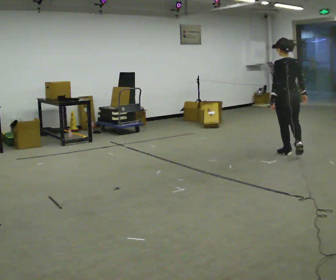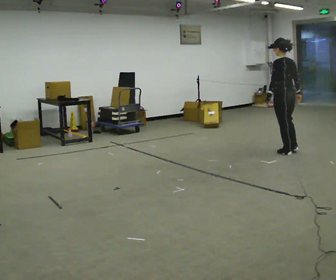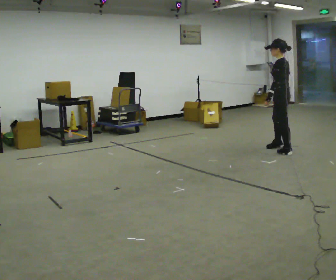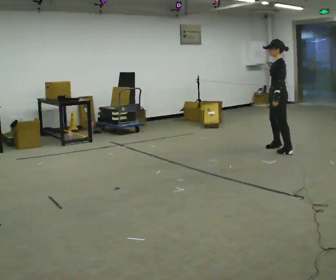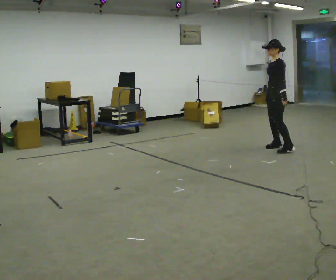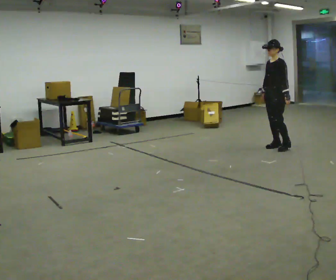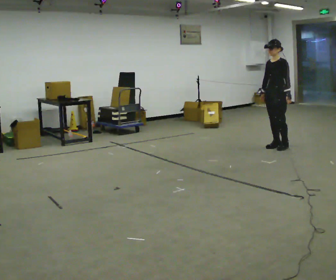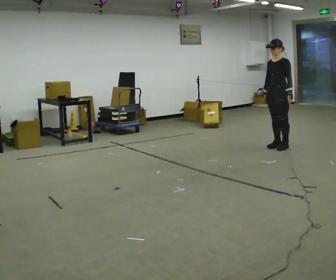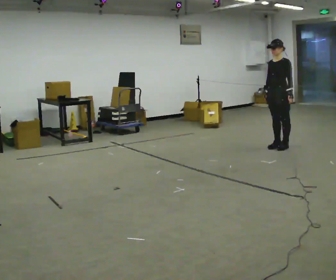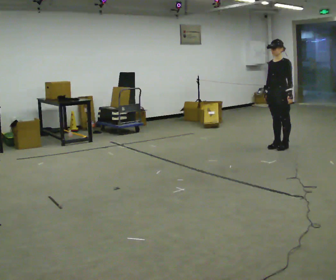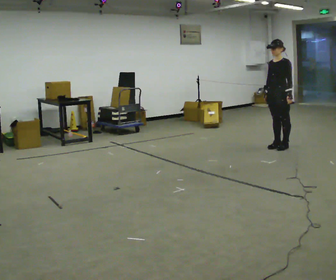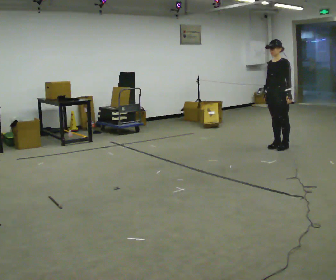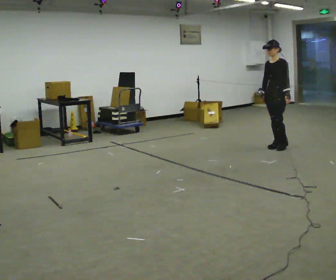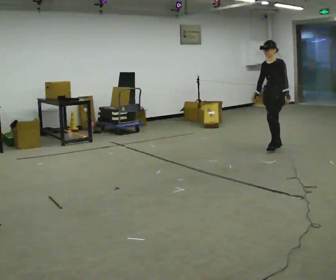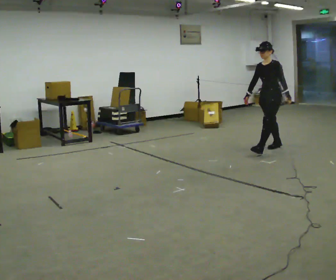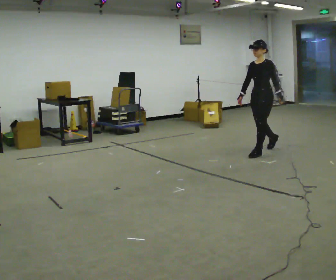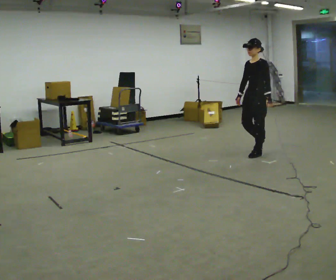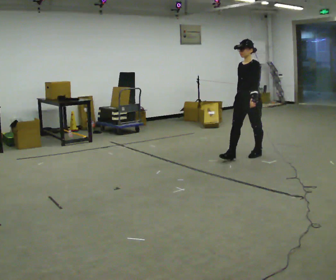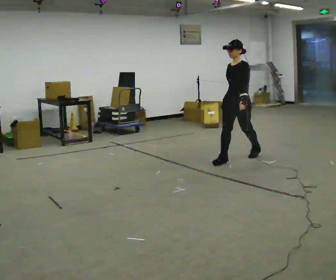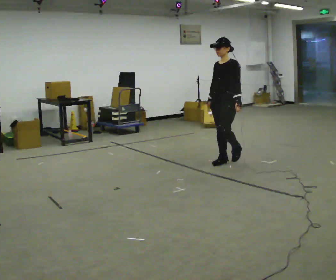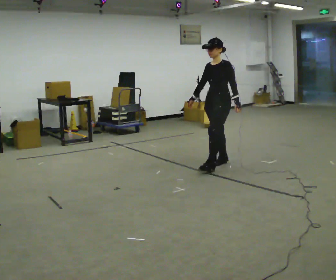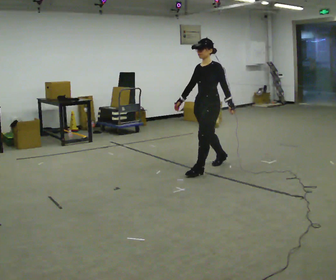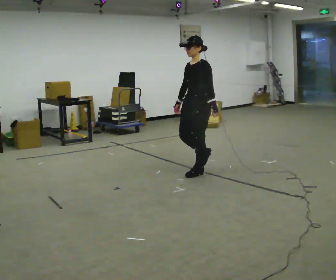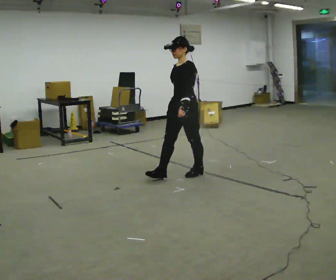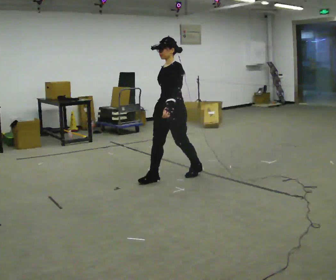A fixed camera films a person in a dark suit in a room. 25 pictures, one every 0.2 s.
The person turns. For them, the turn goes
to their left.
The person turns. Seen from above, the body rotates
counterclockwise.
0.0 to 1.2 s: Seen from above the body turns counterclockwise, about 120 degrees: to their left, with its near side sliding to the right. In the picture they go away from the camera, about 0.5 m in 2 steps.
1.2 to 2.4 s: The person moves a little, or ends about where they began.
2.4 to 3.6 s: In the picture they go toward the camera and to the left, about 1 m in 2 steps, which for them is forward.
3.6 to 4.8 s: In the picture they go toward the camera and to the left, about 1 m in 2 steps, which for them is forward.
The film runs forward here.
